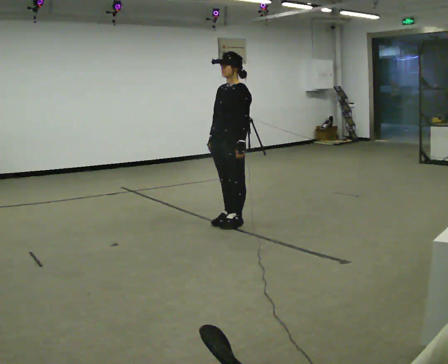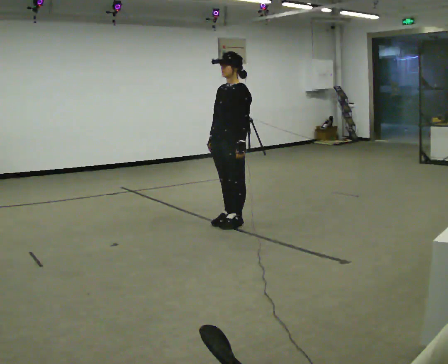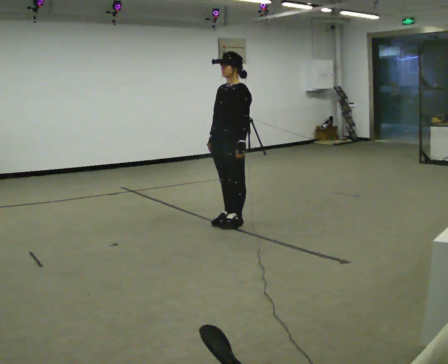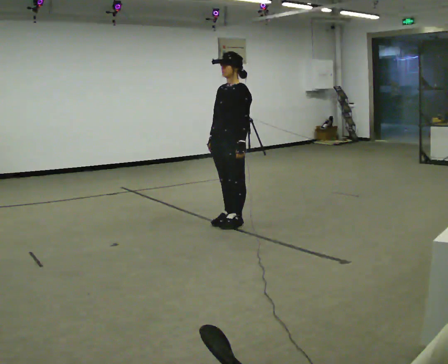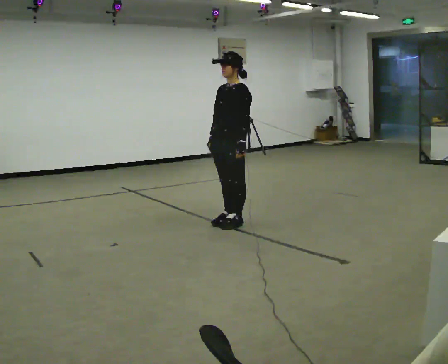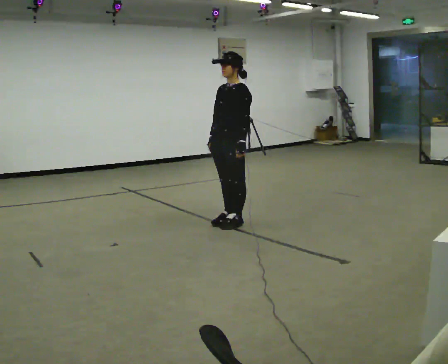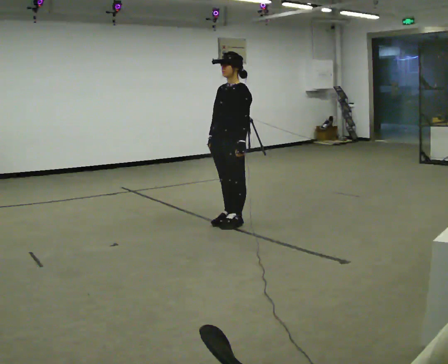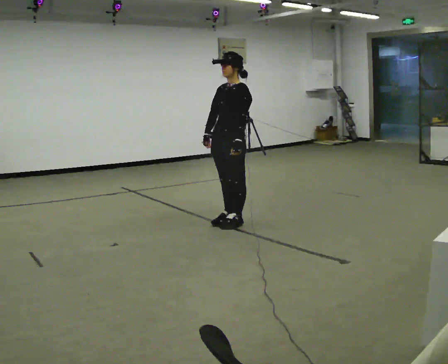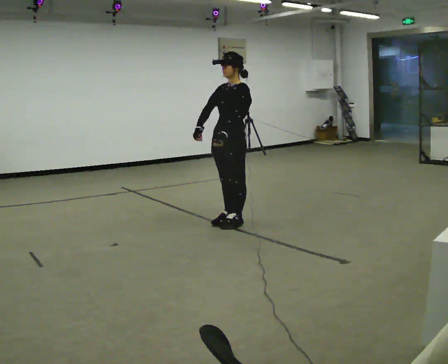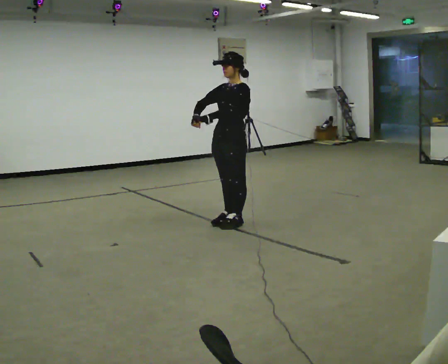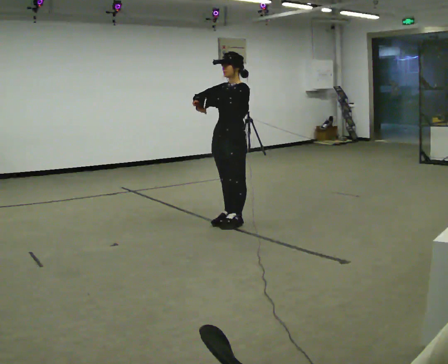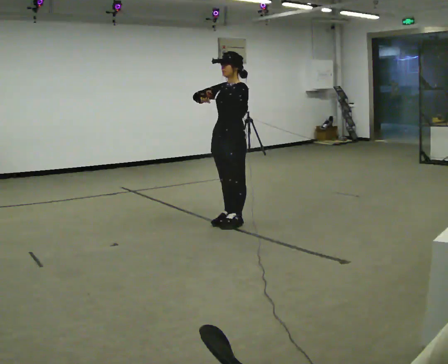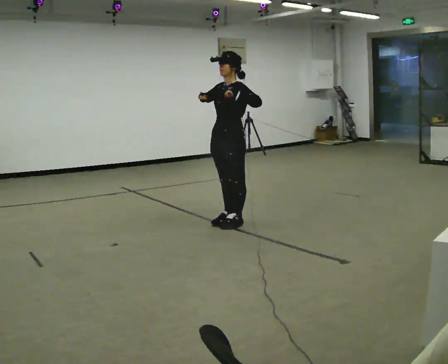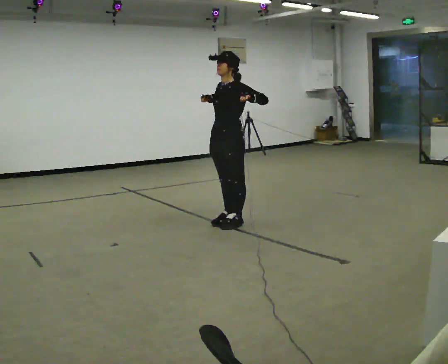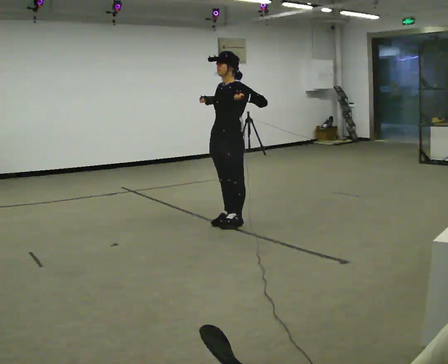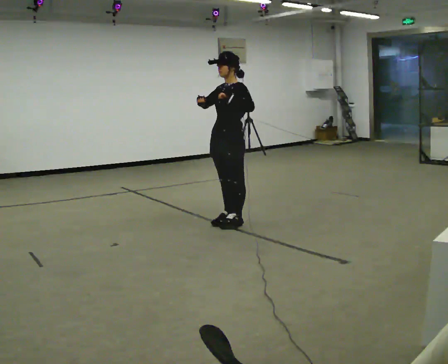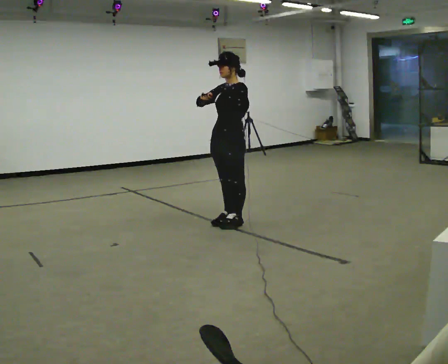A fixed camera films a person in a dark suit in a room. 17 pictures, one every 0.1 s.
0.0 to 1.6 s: In the picture their left hand goes upward.
The film runs forward here.
